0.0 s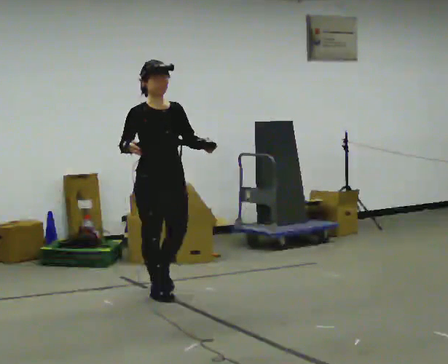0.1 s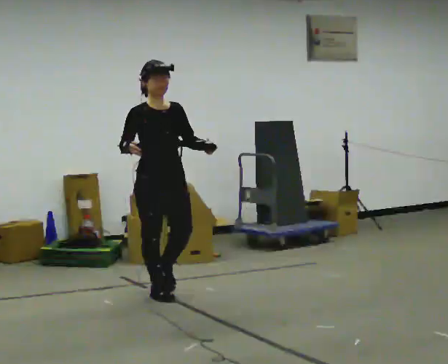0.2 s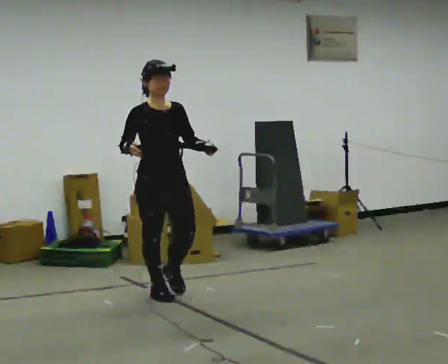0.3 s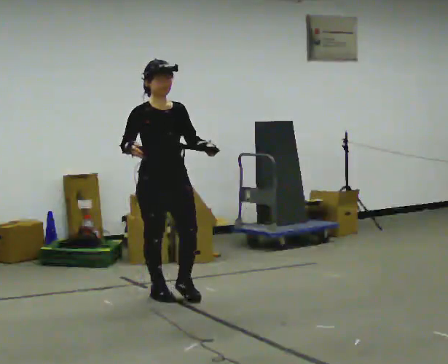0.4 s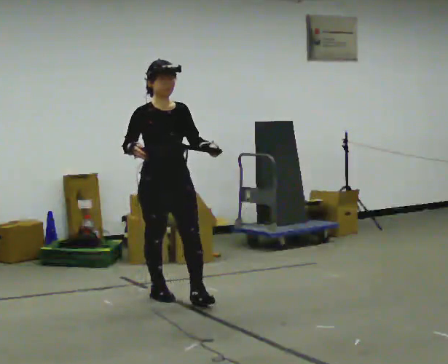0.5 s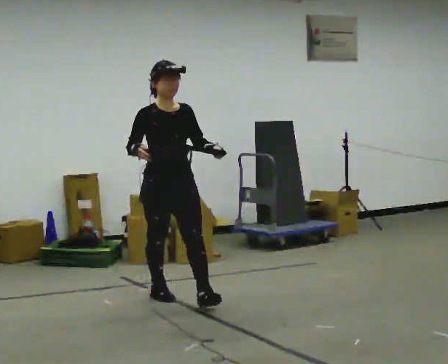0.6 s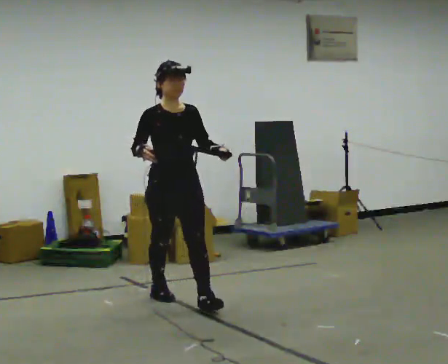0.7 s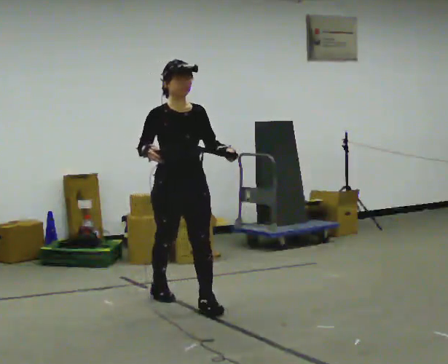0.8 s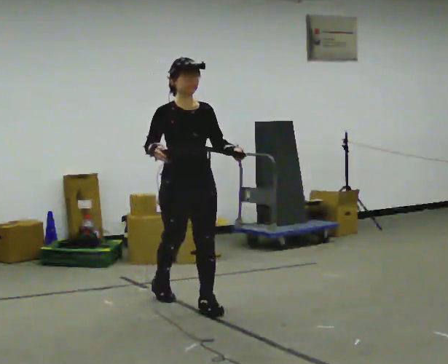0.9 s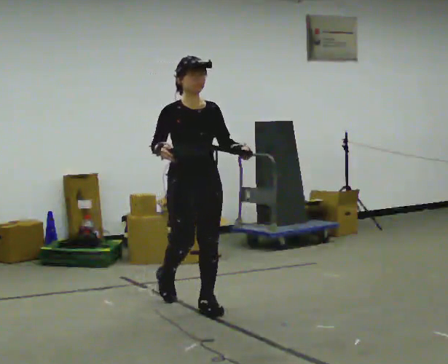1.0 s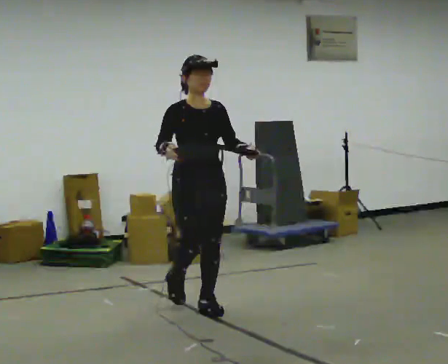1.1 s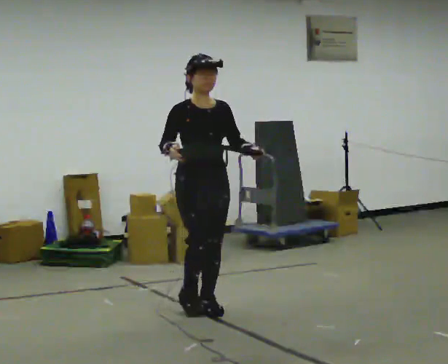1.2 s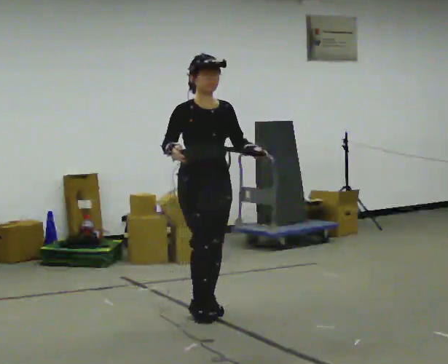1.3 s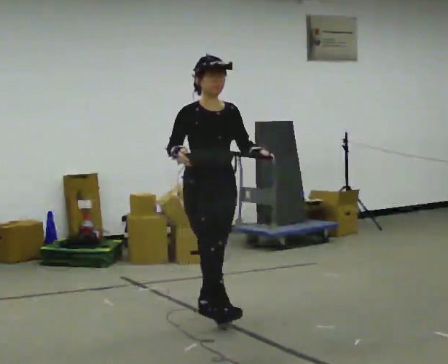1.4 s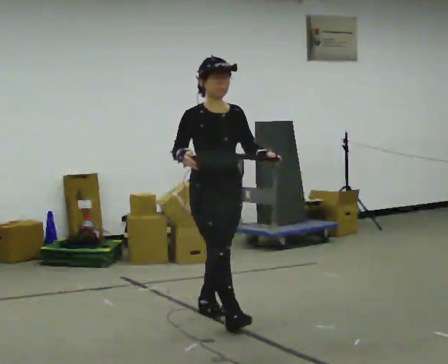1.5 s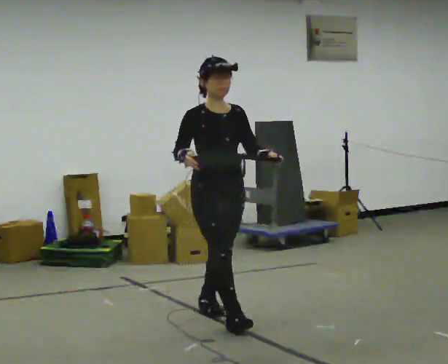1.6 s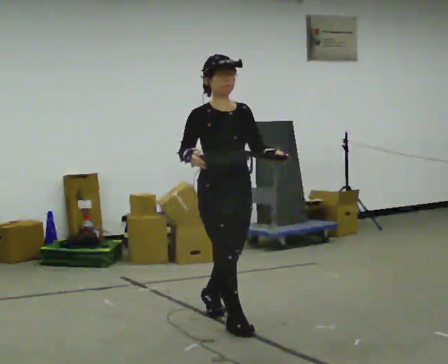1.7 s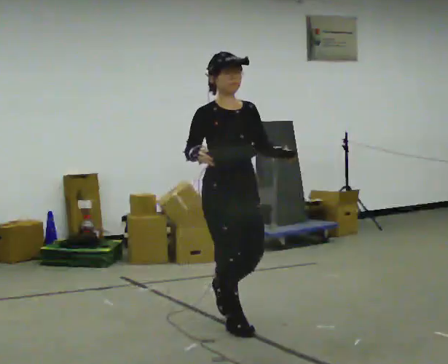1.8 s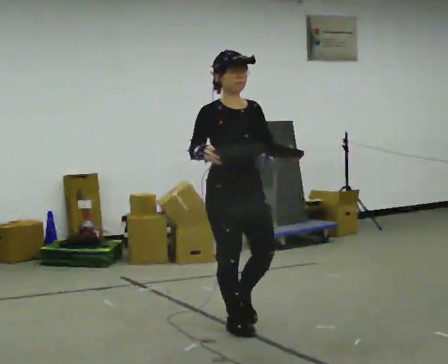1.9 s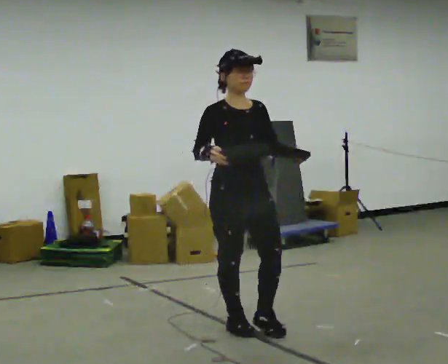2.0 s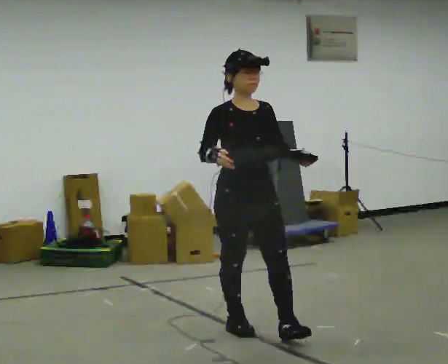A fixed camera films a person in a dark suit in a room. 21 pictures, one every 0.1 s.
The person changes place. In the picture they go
toward the camera.
0.0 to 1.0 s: In the picture they go toward the camera and to the right, about 0.5 m in 1 step, which for them is forward.
1.0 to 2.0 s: In the picture they go toward the camera and to the right, about 0.75 m in 1 step, which for them is forward.
The film runs forward here.
